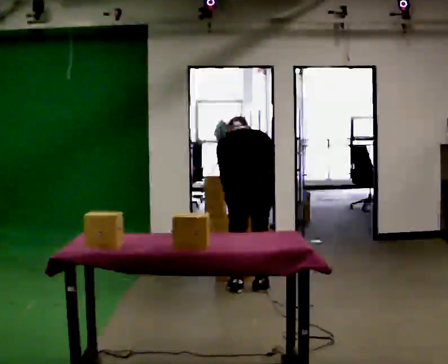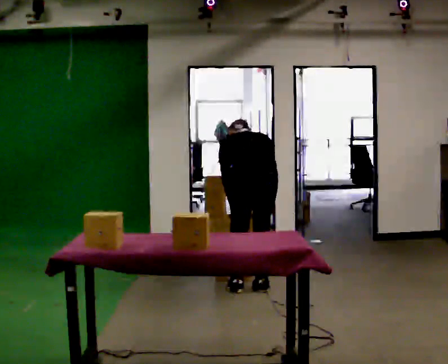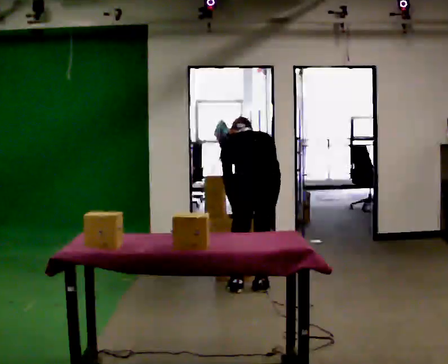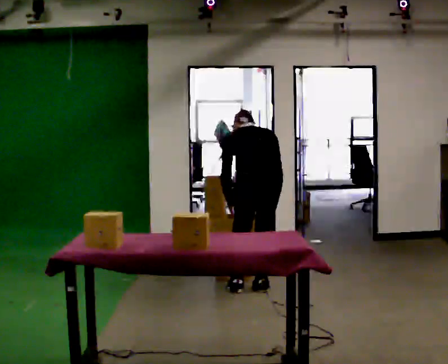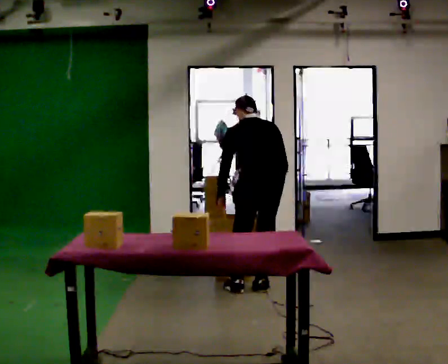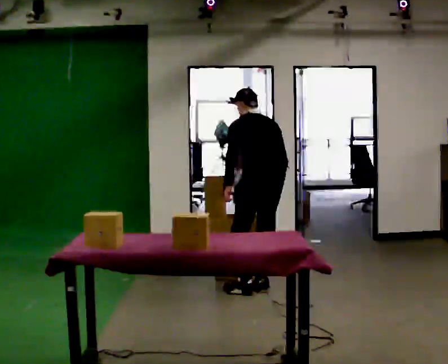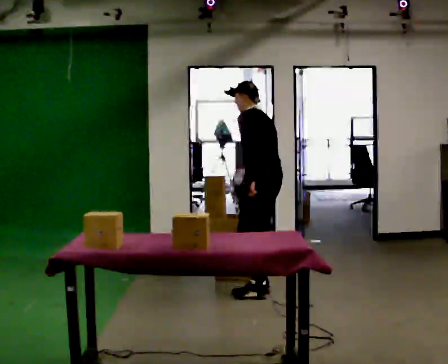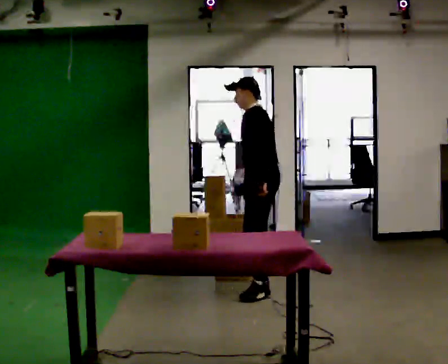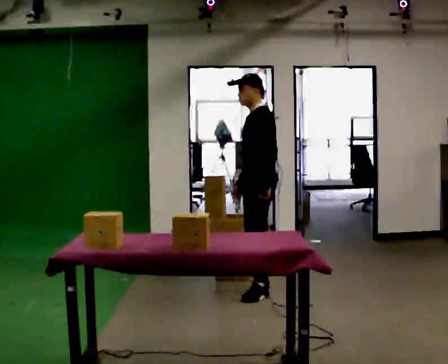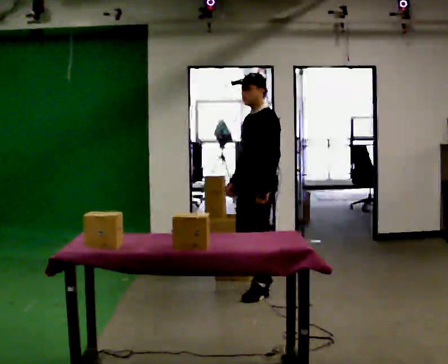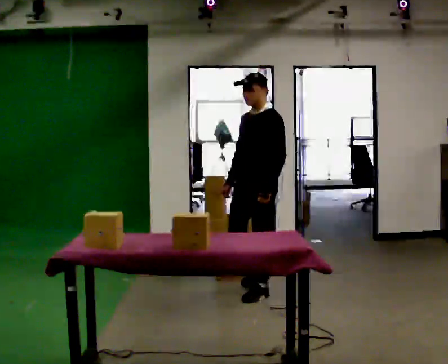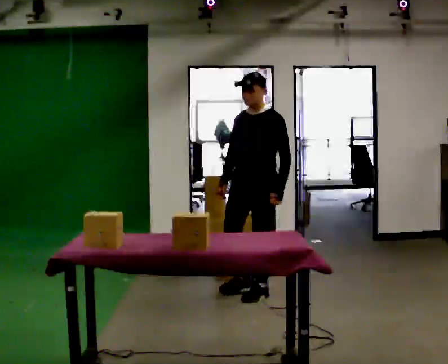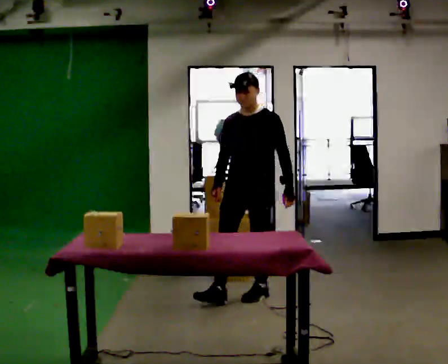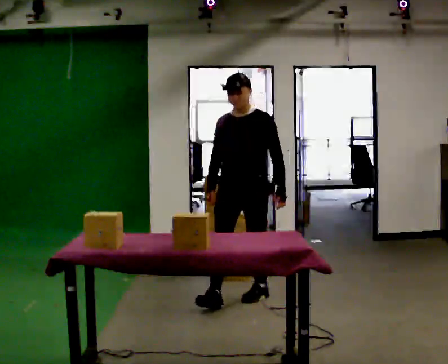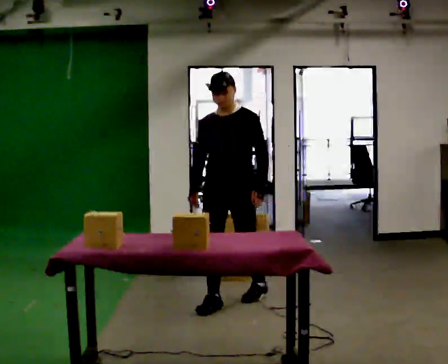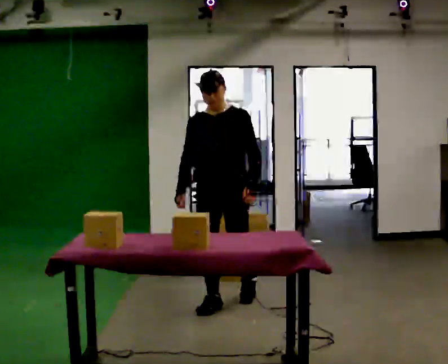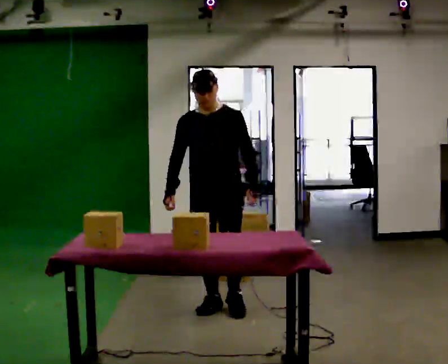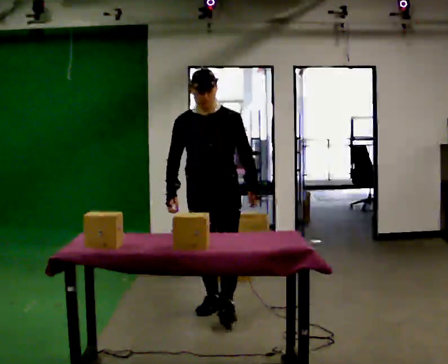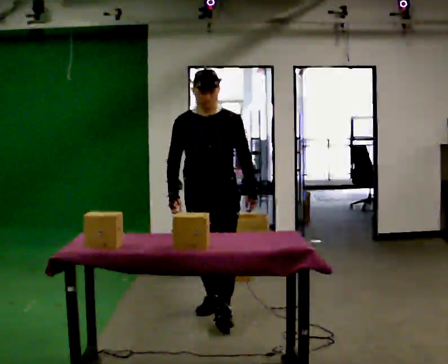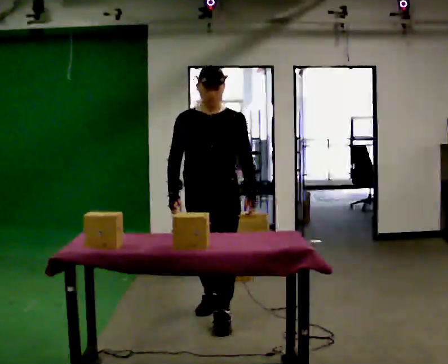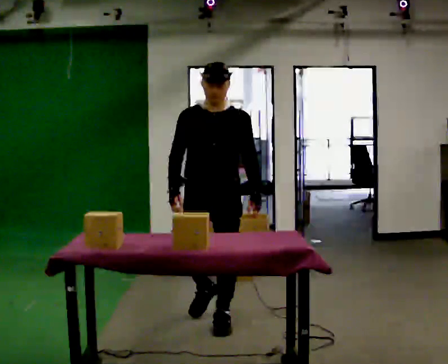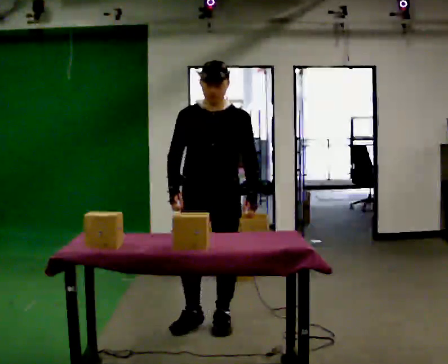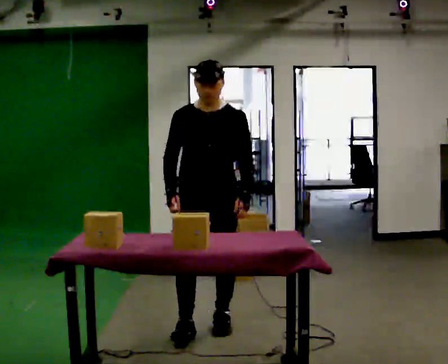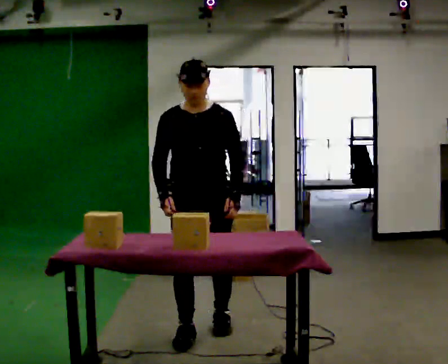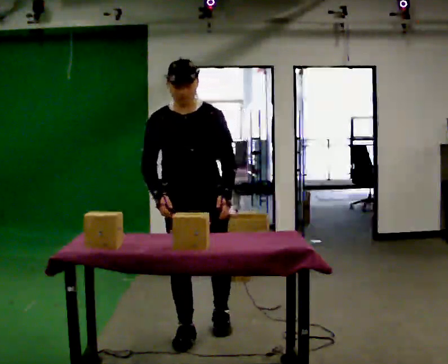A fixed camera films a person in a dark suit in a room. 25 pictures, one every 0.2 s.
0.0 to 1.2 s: Seen from above the body turns counterclockwise, about 60 degrees: to their left, with its near side sliding to the right. The shoulders move upward. The upper body tips toward the camera, its near side rolling downward, as they lean back or straighten.
1.2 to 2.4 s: The part of the body nearest the lens slides to the right as the person turns to their left by about 90 degrees. In the picture they go toward the camera, about 0.25 m. The upper body tips toward the camera, its near side rolling downward.
2.4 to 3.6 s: In the picture they go toward the camera and to the left, about 0.5 m in 2 steps, which for them is forward.
3.6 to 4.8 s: In the picture they go toward the camera, about 0.5 m in 1 step, which for them is forward.
The film runs forward here.
